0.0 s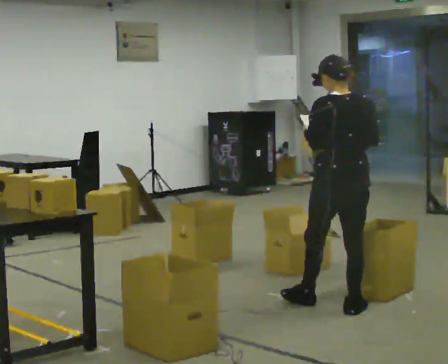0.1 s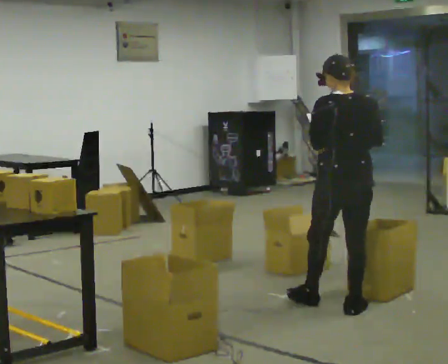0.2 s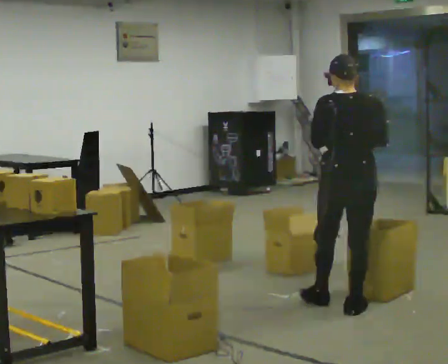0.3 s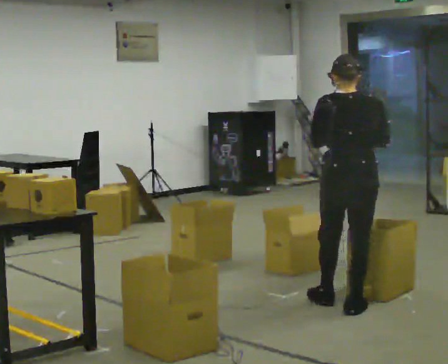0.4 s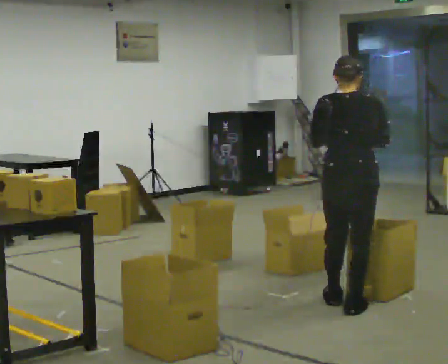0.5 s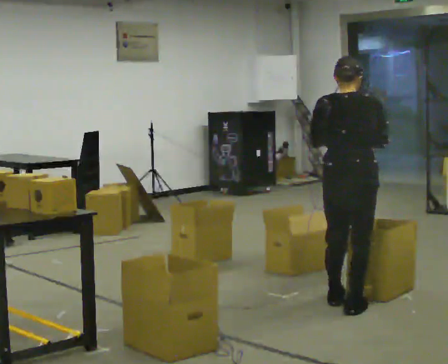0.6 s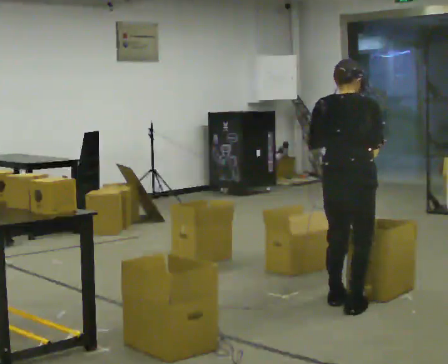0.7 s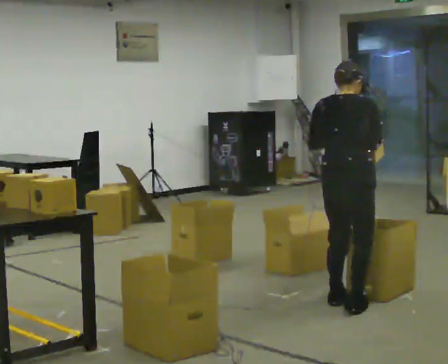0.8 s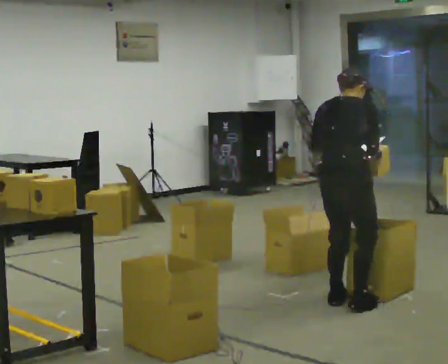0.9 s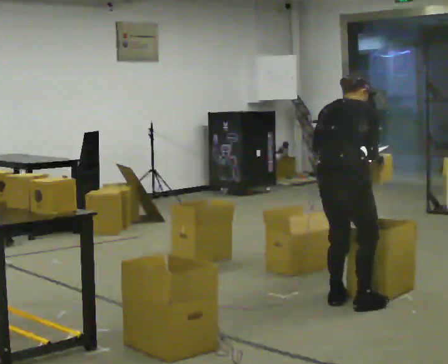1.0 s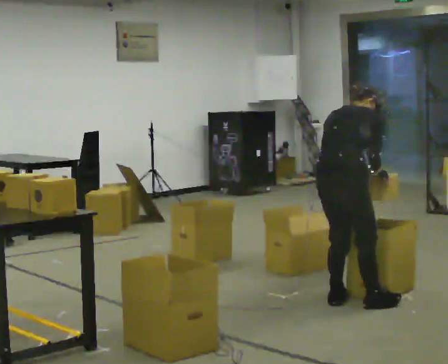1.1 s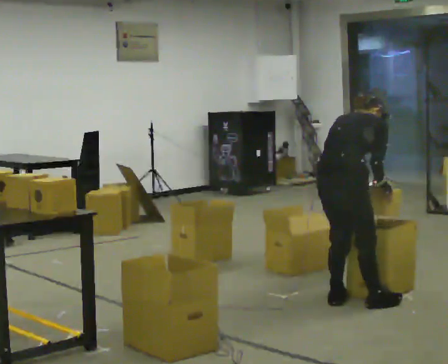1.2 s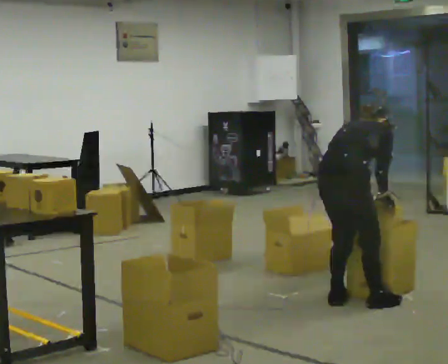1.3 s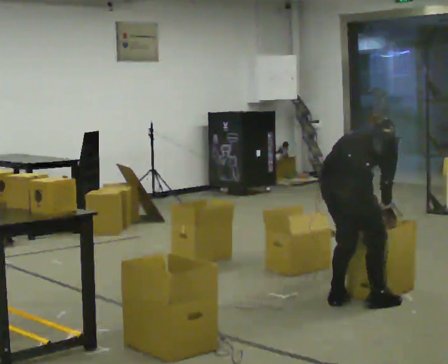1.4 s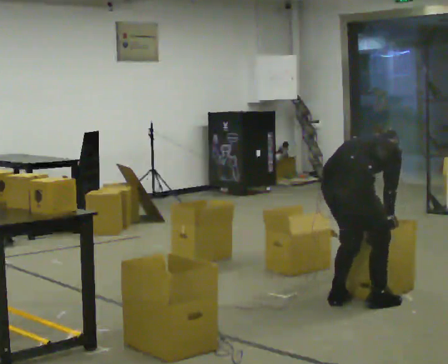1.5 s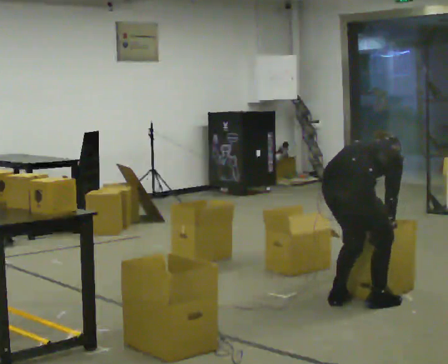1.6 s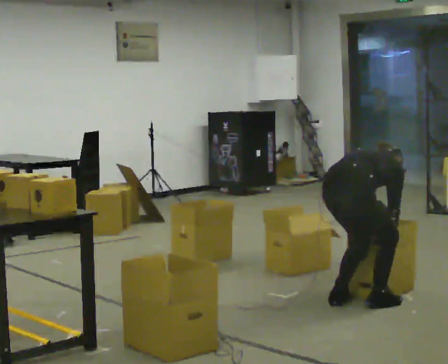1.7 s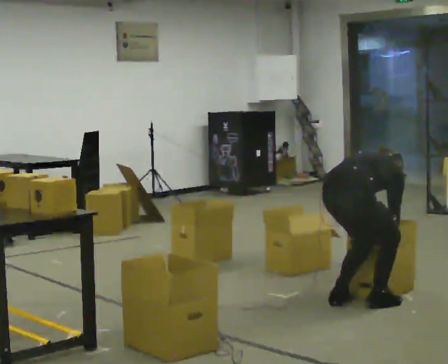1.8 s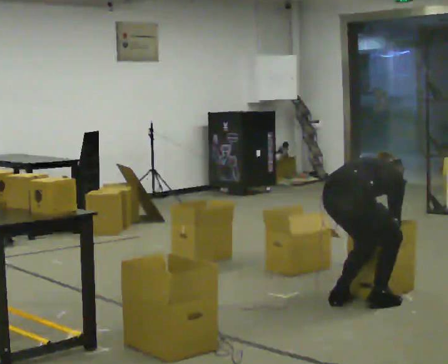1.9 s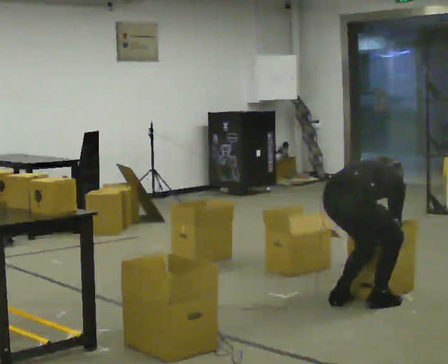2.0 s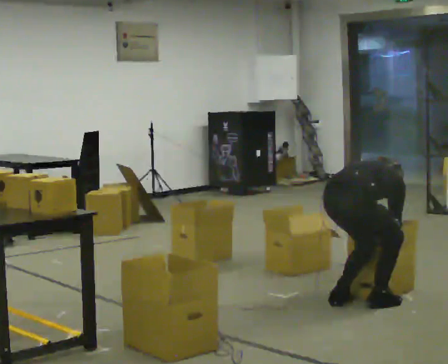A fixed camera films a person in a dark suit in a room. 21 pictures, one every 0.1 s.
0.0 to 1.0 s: Seen from above the body turns clockwise, about 60 degrees: to their right, with its near side sliding to the left. The upper body tips away from the camera, its near side rolling upward, as they bend forward.
1.0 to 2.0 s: The shoulders move downward. In the picture the upper body tilts clockwise, shoulders to the right, as they bend forward. In the picture their left hand goes downward.
The film runs backward here.
